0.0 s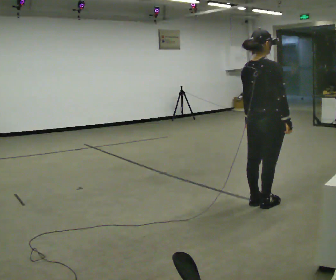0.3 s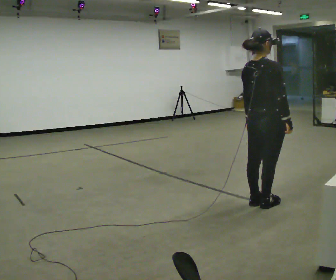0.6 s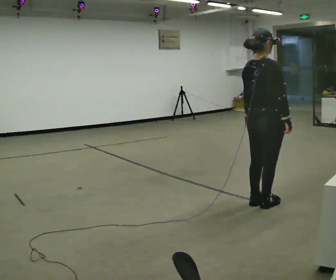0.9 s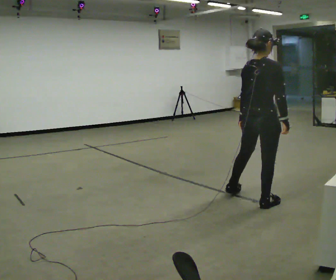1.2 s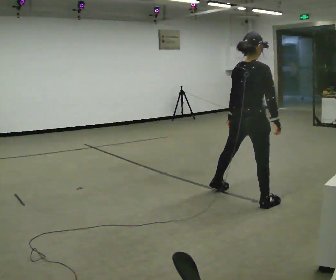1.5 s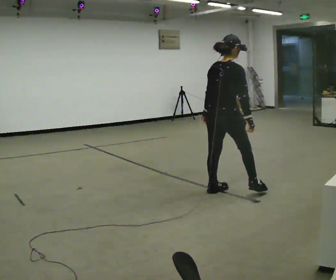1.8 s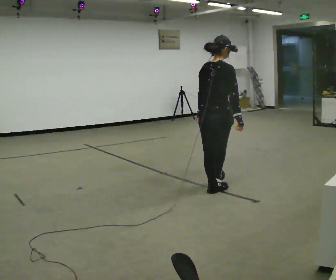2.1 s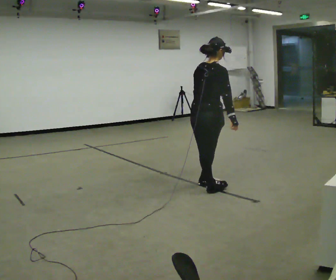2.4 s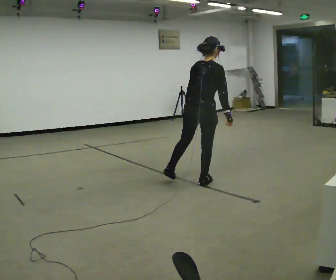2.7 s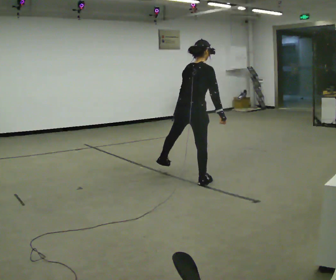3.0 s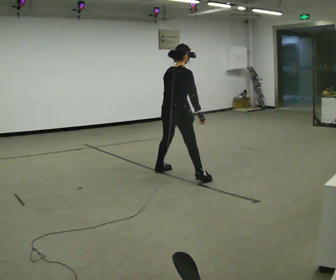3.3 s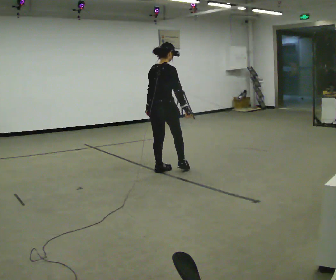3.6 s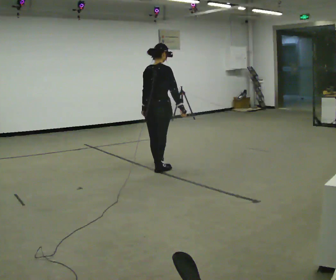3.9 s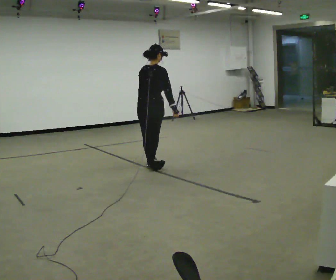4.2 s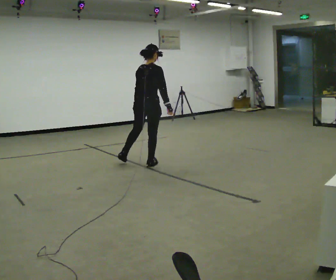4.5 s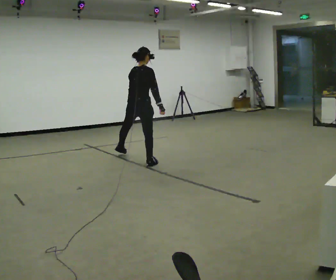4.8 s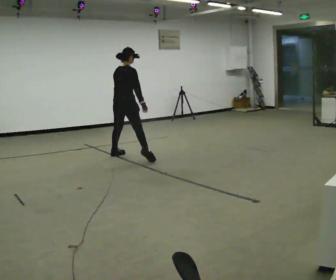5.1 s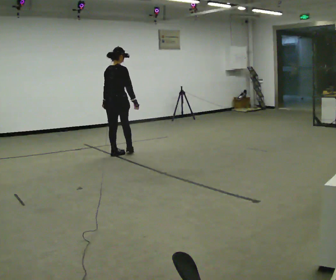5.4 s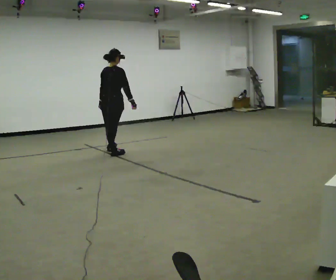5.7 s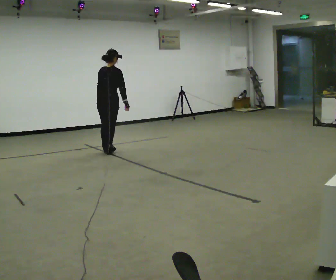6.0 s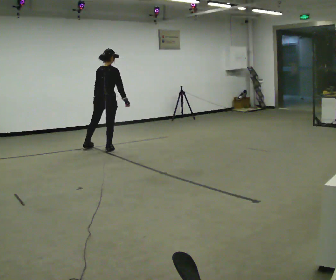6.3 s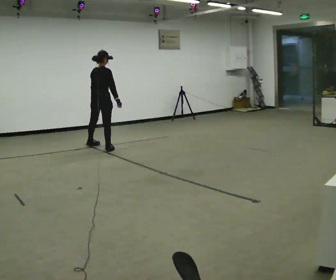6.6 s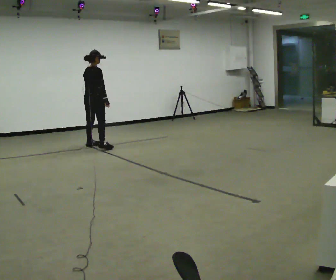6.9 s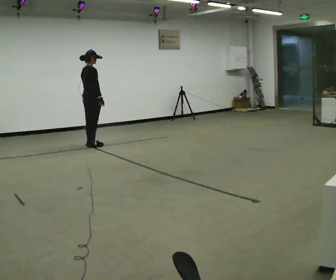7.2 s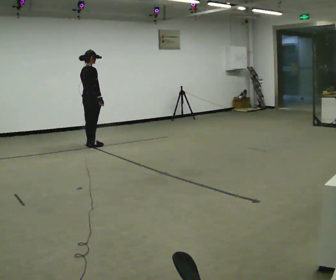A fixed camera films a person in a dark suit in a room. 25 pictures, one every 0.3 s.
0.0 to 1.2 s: In the picture they go away from the camera, about 0.25 m, which for them is to their left.
1.2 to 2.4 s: In the picture they go away from the camera and to the left, about 0.5 m in 2 steps, which for them is to their left.
2.4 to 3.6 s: In the picture they go away from the camera and to the left, about 1 m in 1 step, which for them is to their left.
3.6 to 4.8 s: In the picture they go away from the camera and to the left, about 1 m in 2 steps, which for them is to their left and forward.
4.8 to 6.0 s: In the picture they go away from the camera and to the left, about 0.5 m in 1 step, which for them is to their left and forward.
6.0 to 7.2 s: The person turns about 30 degrees to their right, clockwise seen from above, so the part of the body nearest the lens slides to the left. In the picture they go away from the camera and to the left, about 0.5 m in 2 steps, which for them is to their left.
The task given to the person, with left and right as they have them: Move sideways in the direction the operator calls, crossing one foot in front and then behind, alternating.
The film runs forward here.
